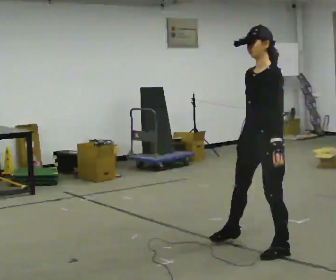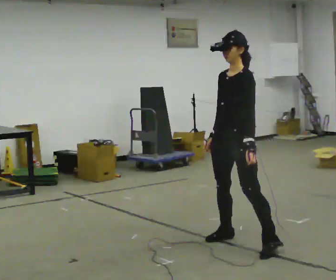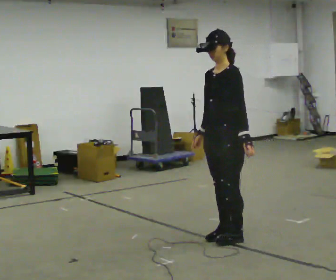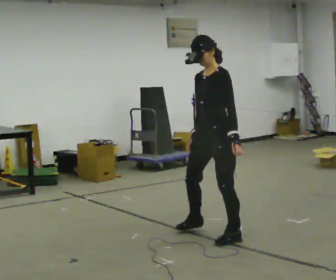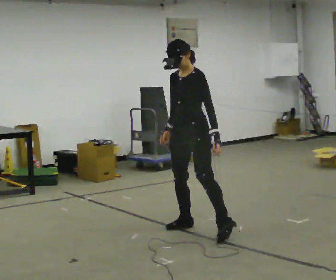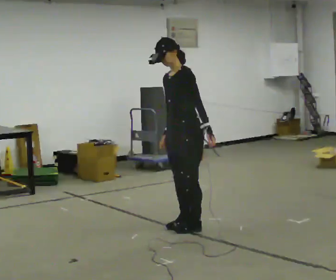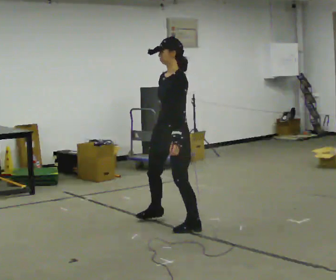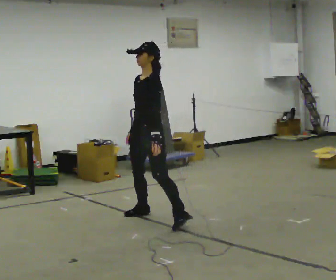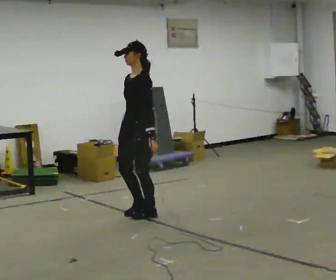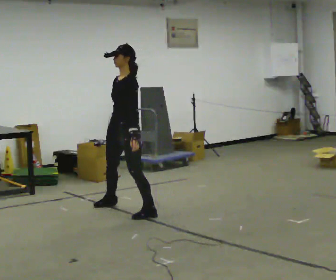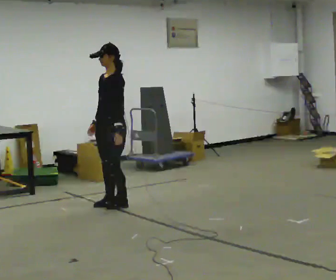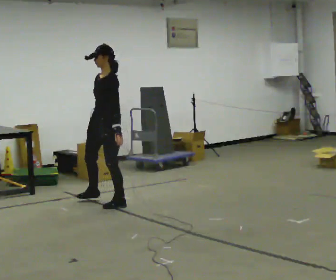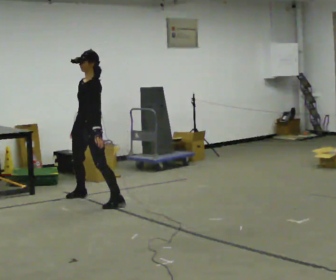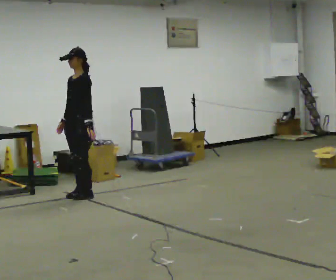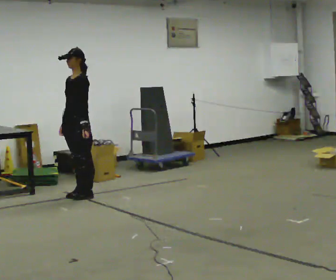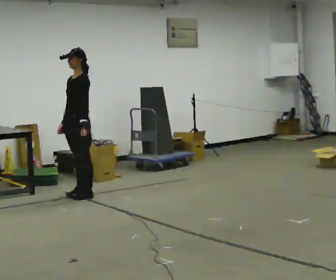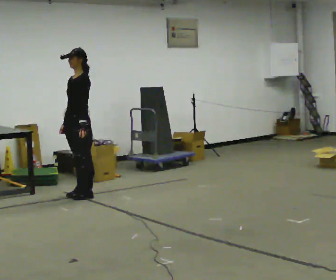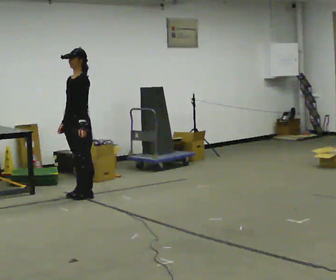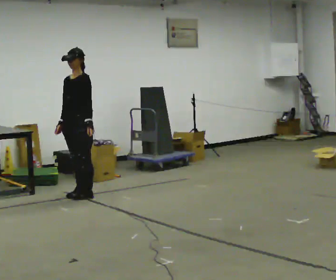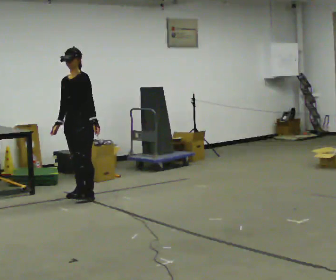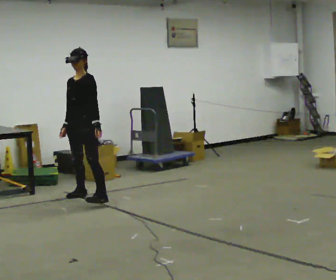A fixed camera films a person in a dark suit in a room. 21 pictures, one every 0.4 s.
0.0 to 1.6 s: In the picture they go away from the camera and to the left, about 1 m in 3 steps, which for them is to their right.
1.6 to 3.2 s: In the picture they go away from the camera and to the left, about 0.75 m in 3 steps, which for them is to their right and forward.
3.2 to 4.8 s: In the picture they go away from the camera and to the left, about 1 m in 3 steps, which for them is to their right.
4.8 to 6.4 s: In the picture they go away from the camera, about 0.25 m in 1 step, which for them is to their right.
6.4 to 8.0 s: The person moves a little, or ends about where they began.
The film runs forward here.
